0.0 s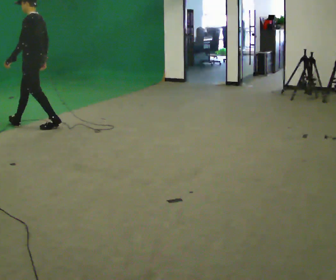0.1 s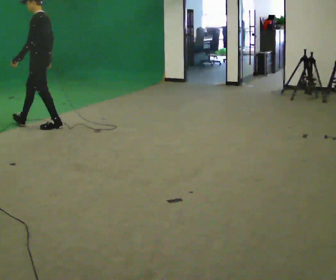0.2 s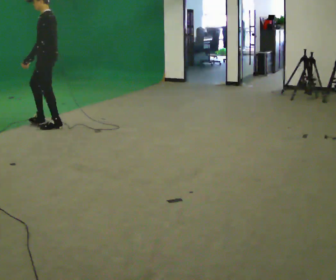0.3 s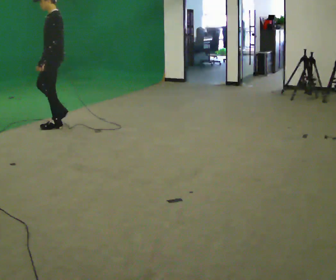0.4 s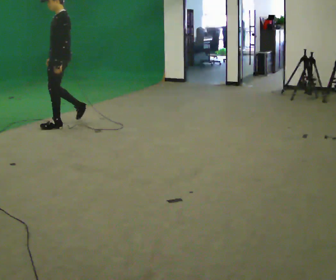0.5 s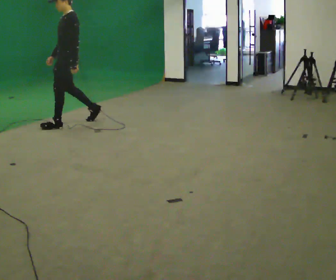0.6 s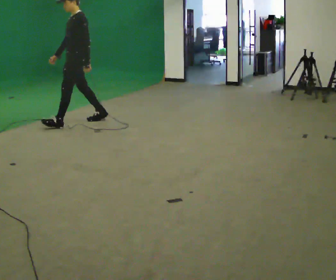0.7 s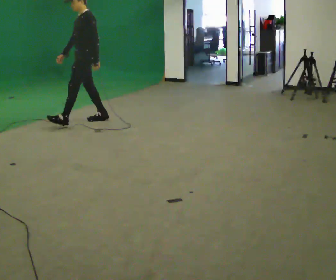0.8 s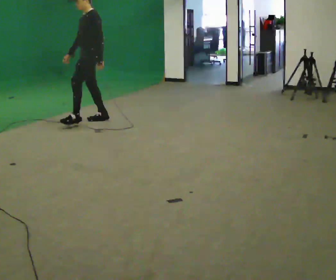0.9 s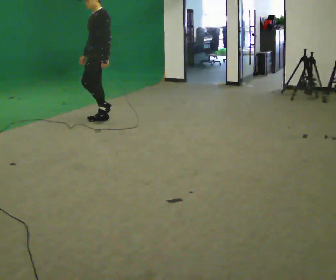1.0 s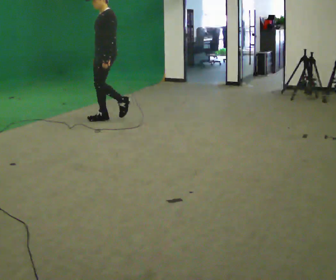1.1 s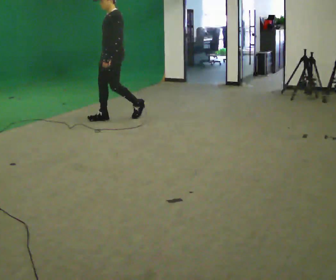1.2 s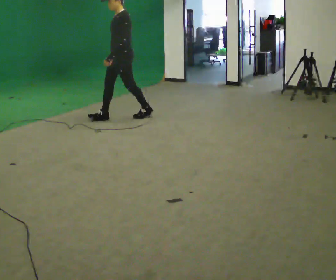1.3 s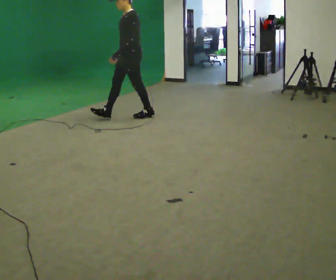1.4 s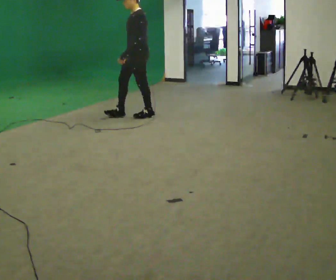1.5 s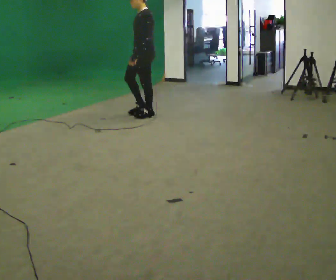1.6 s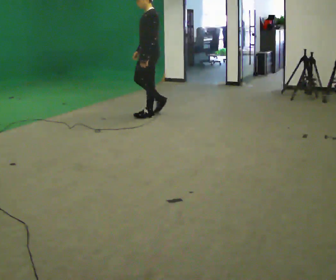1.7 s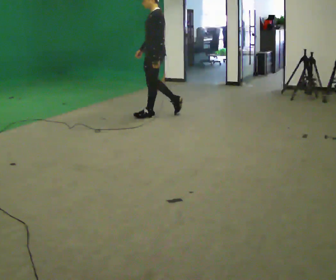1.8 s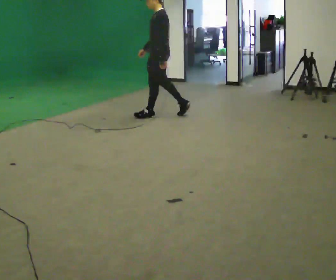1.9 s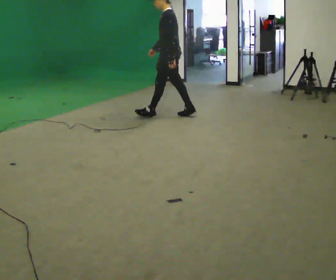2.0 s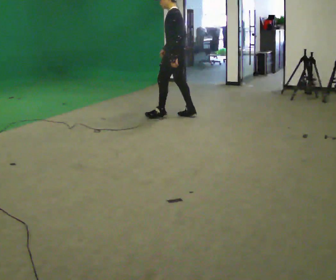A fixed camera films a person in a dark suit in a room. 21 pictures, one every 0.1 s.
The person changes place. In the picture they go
to the right.
0.0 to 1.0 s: The part of the body nearest the lens slides to the right as the person turns to their left by about 30 degrees. In the picture they go to the right, about 1 m in 2 steps, which for them is backward.
1.0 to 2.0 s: The person turns about 30 degrees to their right, clockwise seen from above, so the part of the body nearest the lens slides to the left. In the picture they go to the right, about 1 m in 2 steps, which for them is backward.
The film runs backward here.
